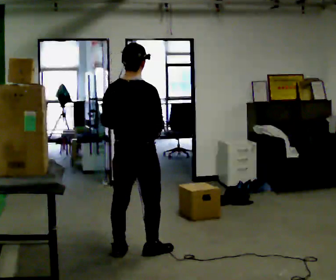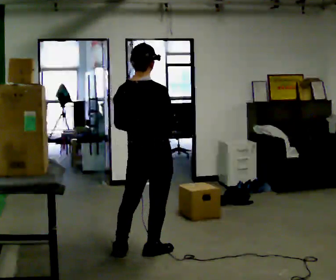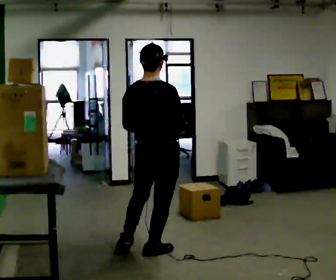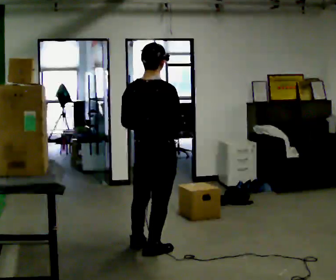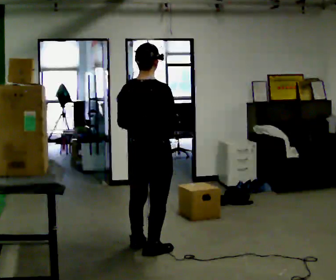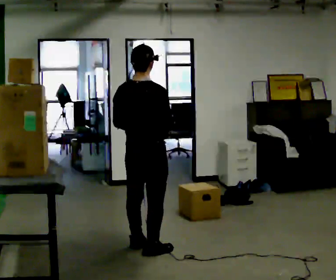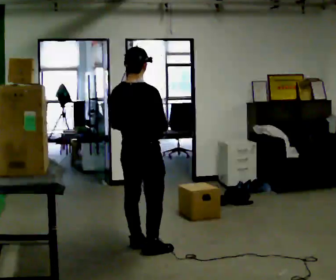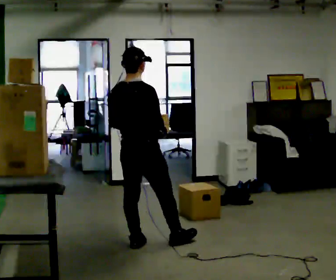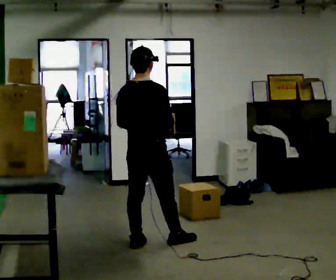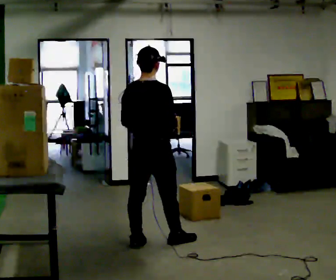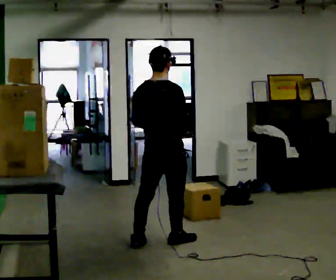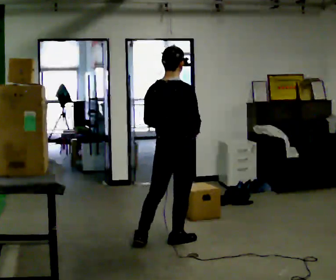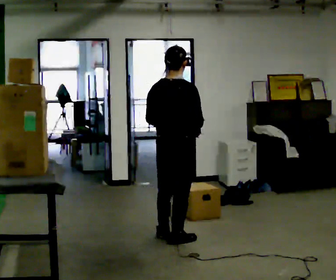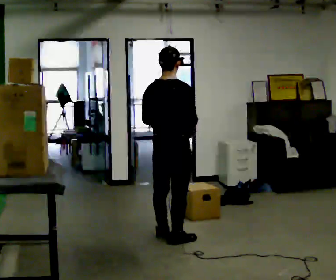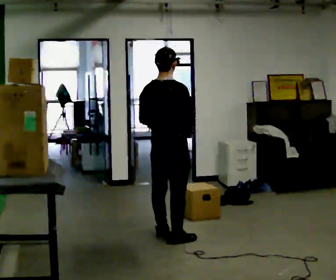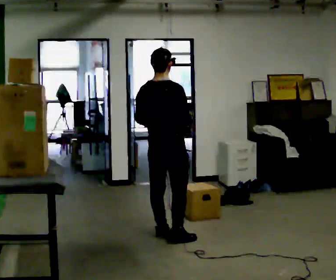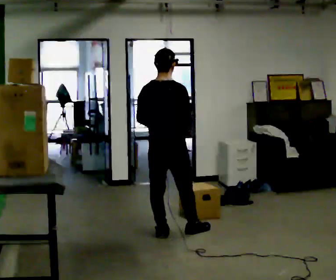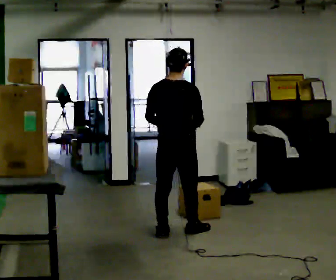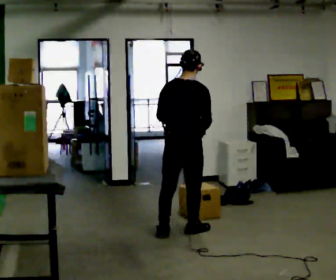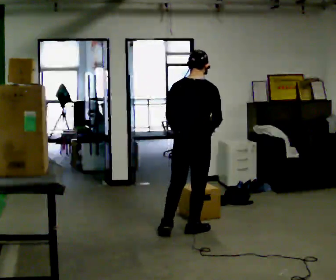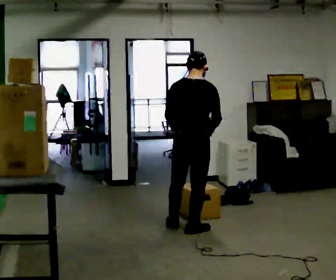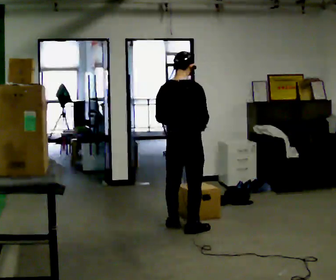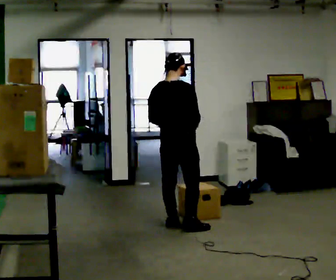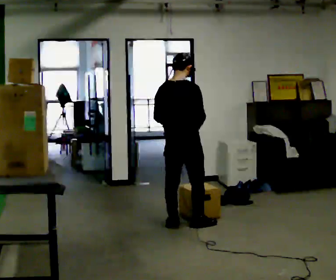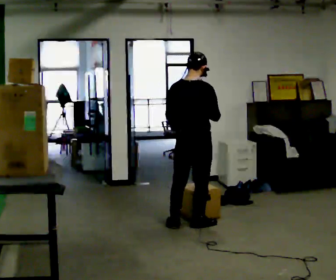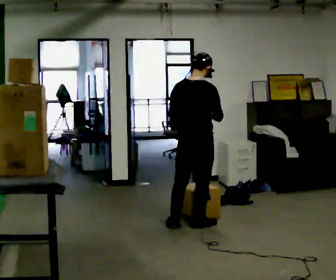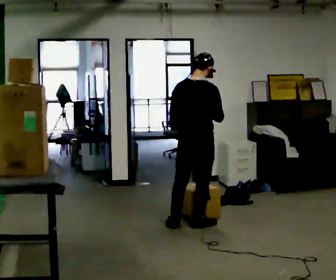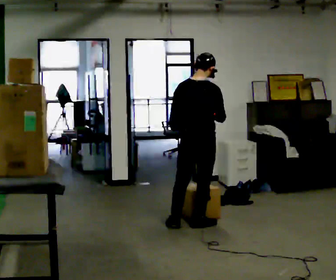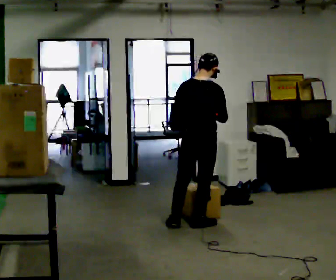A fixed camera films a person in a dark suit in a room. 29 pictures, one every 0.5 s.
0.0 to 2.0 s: The person moves a little, or ends about where they began.
2.0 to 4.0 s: In the picture they go away from the camera, about 0.25 m in 1 step, which for them is forward.
4.0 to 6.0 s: In the picture they go to the right, about 0.25 m in 1 step, which for them is forward and to their right.
6.0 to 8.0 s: In the picture they go away from the camera, about 0.25 m in 1 step, which for them is forward and to their left.
8.0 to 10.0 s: In the picture they go to the right, about 0.25 m in 1 step, which for them is to their right and forward.
10.0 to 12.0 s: In the picture they go away from the camera, about 0.25 m in 1 step, which for them is forward.
12.0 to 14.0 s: The person moves a little, or ends about where they began.
The film runs forward here.
